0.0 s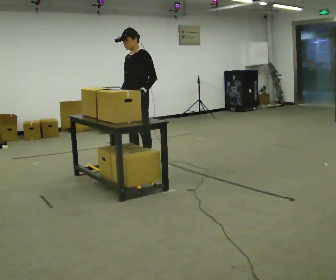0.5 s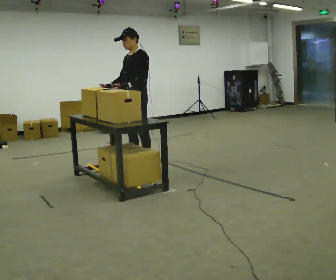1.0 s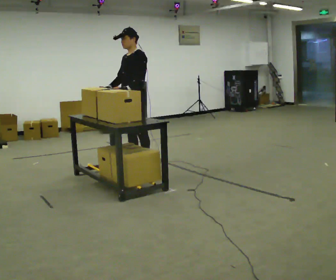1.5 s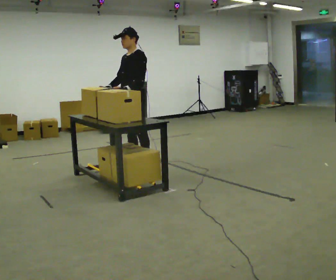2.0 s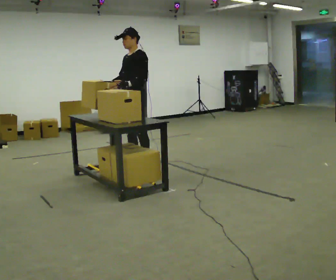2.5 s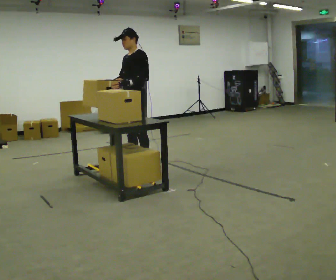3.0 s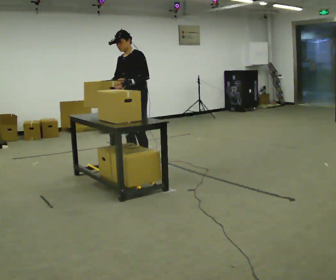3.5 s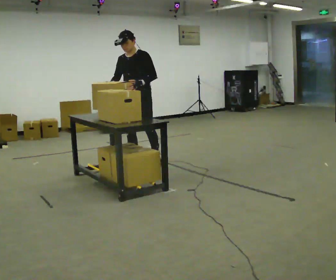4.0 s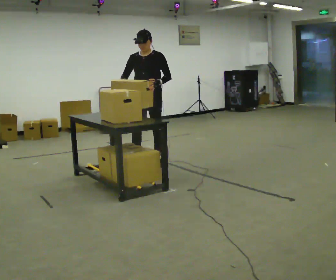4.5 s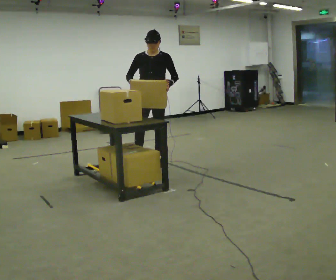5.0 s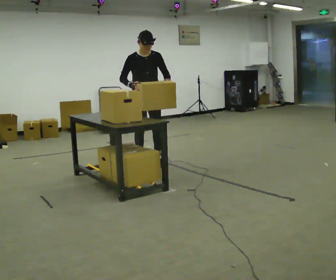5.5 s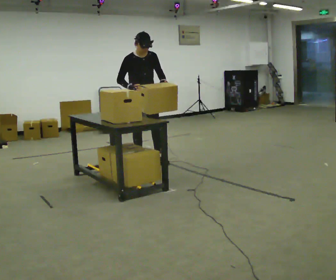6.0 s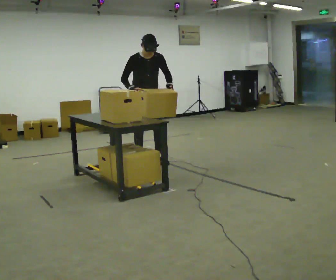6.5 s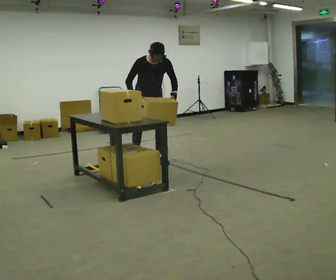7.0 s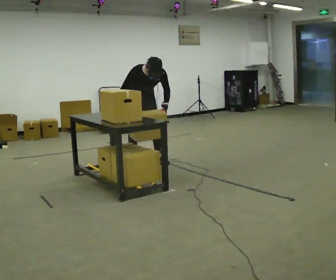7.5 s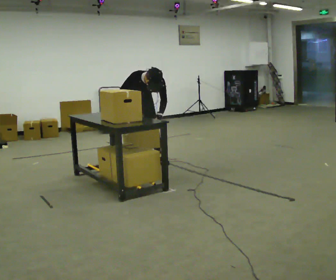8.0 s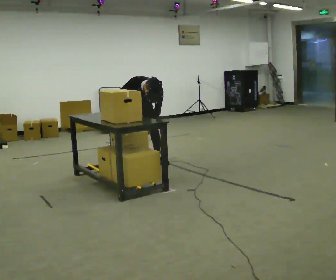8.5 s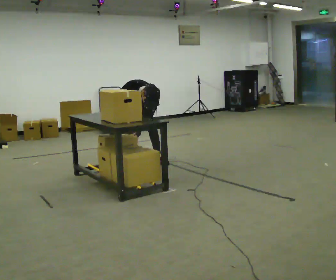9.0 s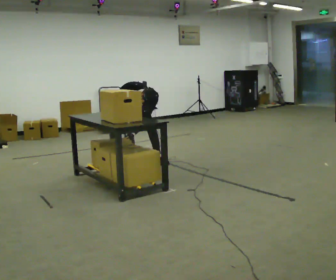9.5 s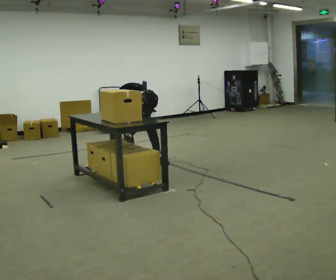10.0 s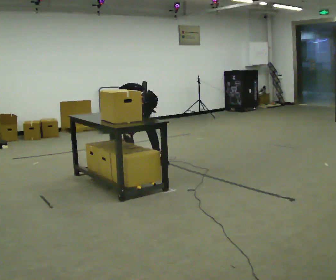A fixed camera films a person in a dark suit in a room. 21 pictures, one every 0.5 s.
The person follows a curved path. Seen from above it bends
counterclockwise.
The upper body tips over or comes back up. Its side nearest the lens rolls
downward.
0.0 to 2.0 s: The person moves a little, or ends about where they began.
2.0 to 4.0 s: The part of the body nearest the lens slides to the right as the person turns to their left by about 45 degrees. In the picture they go away from the camera and to the right, about 0.25 m in 1 step, which for them is backward.
4.0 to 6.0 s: The person turns about 30 degrees to their left, counterclockwise seen from above, so the part of the body nearest the lens slides to the right. In the picture they go away from the camera, about 0.25 m in 1 step, which for them is backward.
6.0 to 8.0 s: The upper body goes downward. The upper body tips toward the camera, its near side rolling downward, as they bend forward.
8.0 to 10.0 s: In the picture the upper body tilts clockwise, shoulders to the right, as they bend forward.
The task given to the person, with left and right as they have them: Crouch down and place the object on the lowest shelf, then stand back up. Do not step. Repeat at your own pace until the operator says stop.
The film runs forward here.
